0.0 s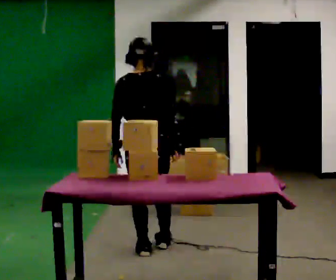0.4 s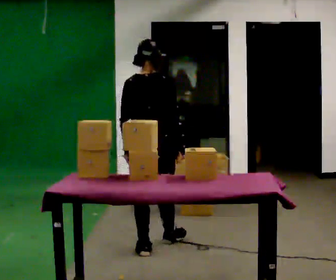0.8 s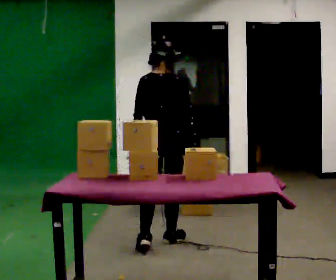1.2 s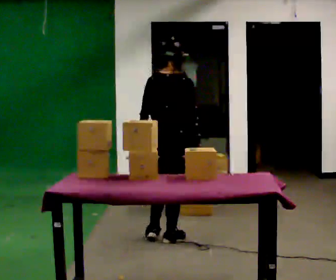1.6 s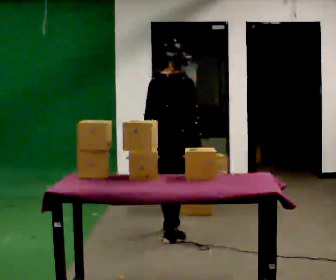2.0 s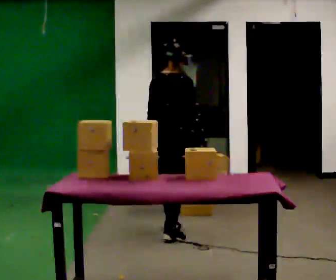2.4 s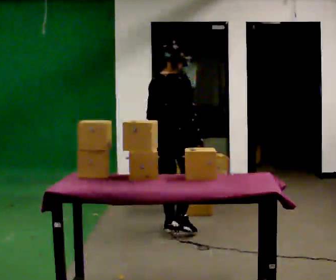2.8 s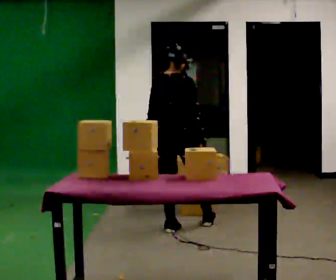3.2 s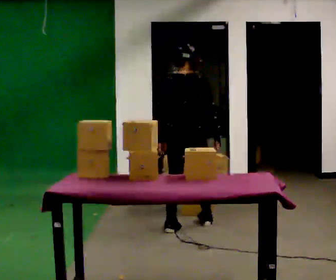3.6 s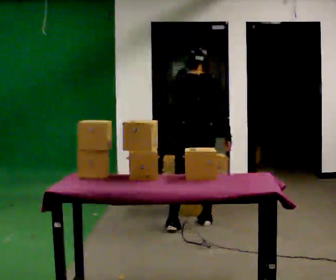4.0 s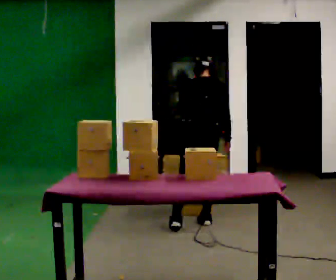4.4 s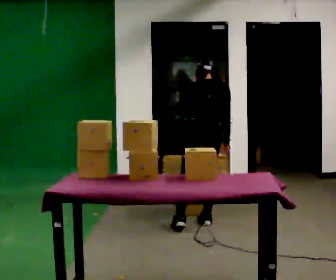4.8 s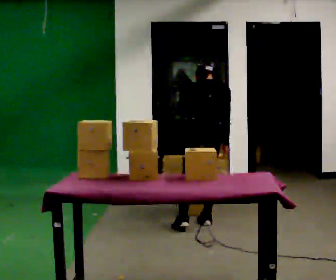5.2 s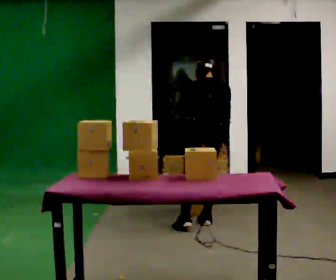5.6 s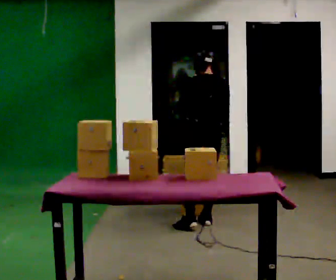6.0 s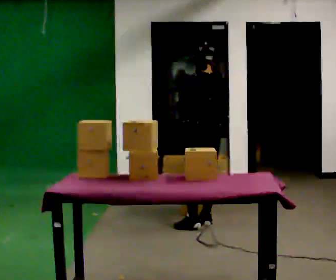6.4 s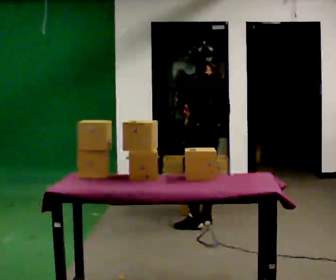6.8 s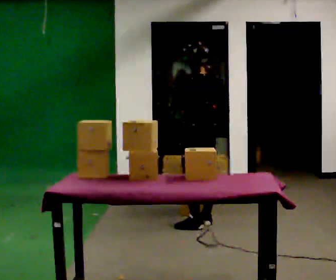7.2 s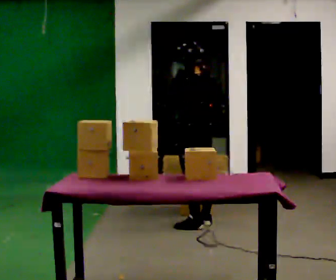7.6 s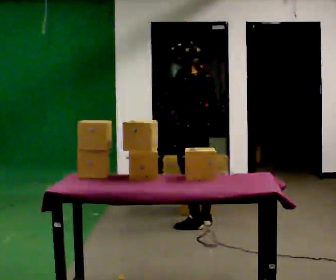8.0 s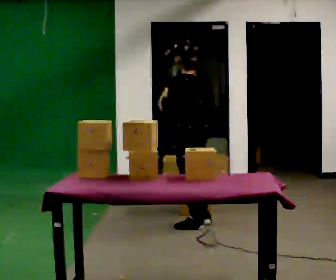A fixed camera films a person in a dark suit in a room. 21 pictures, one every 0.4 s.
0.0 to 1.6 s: In the picture they go away from the camera, about 0.5 m in 2 steps, which for them is forward.
1.6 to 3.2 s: In the picture they go away from the camera, about 0.5 m in 1 step, which for them is forward.
3.2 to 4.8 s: The upper body tips away from the camera, its near side rolling upward, as they bend forward. In the picture their left hand goes to the right.
4.8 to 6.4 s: The part of the body nearest the lens slides to the right as the person turns to their left by about 30 degrees. The upper body tips toward the camera, its near side rolling downward, as they lean back or straighten. In the picture their left hand goes upward.
6.4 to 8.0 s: In the picture they go toward the camera, about 0.25 m, which for them is to their left.
The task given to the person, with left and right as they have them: 1. Look at the shelf and see which spaces are empty. 2. Find matching items in the bins on the floor. 3. Fill the empty spaces on the shelf. 4. Tell the operator when you are finished.
The film runs forward here.
